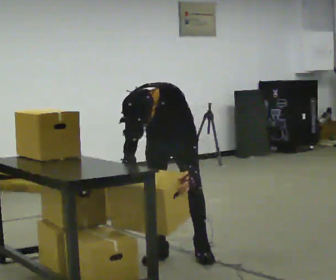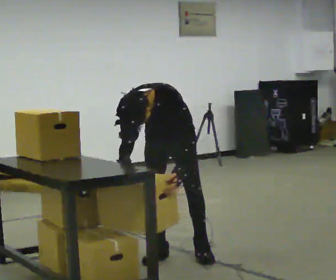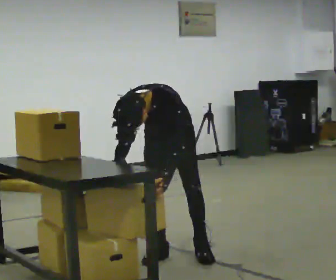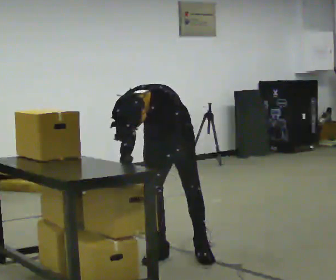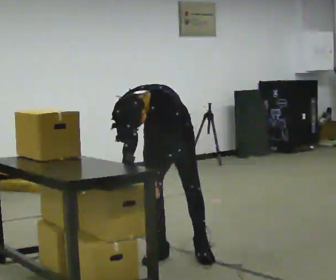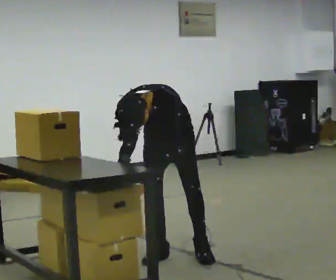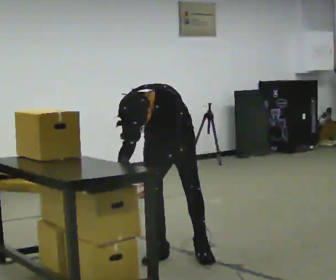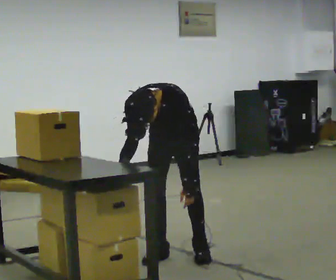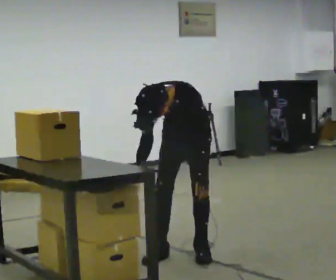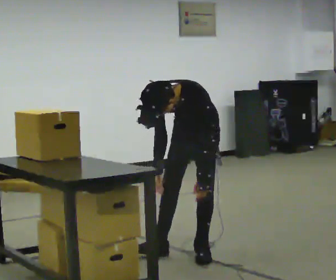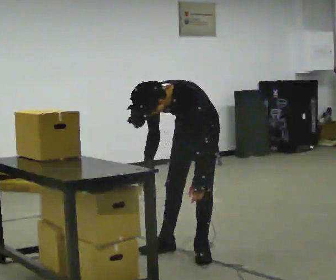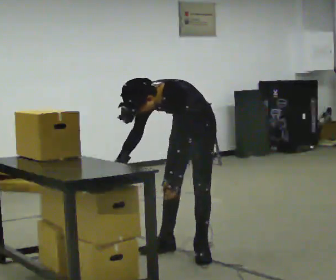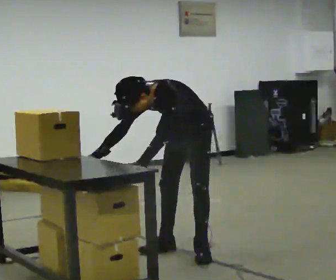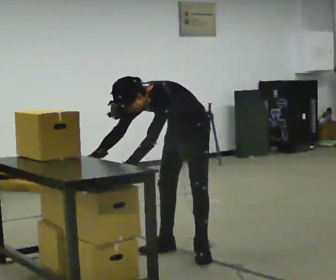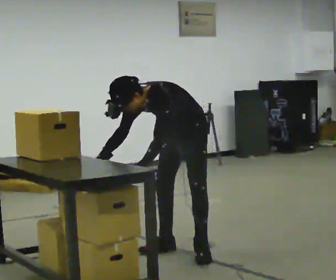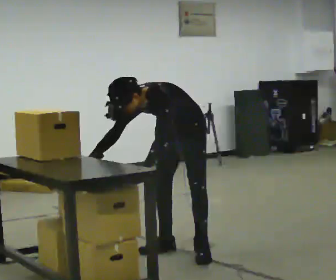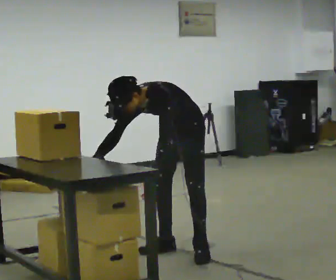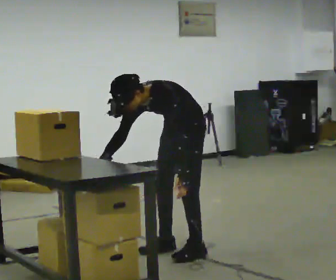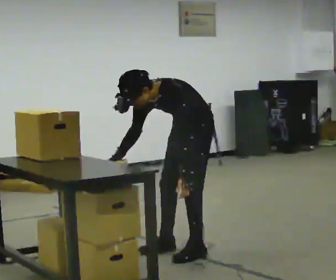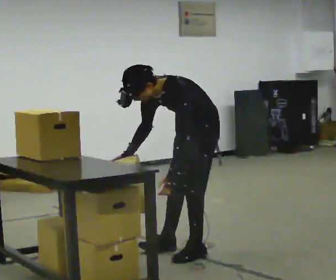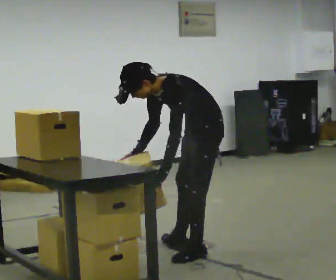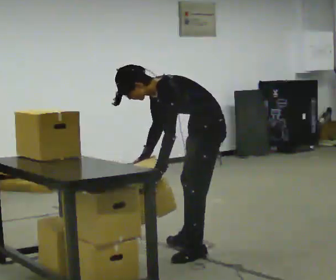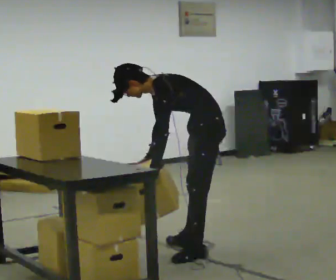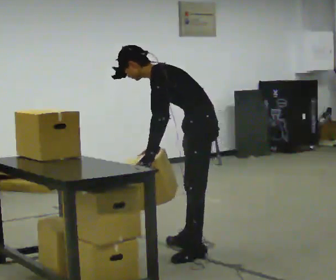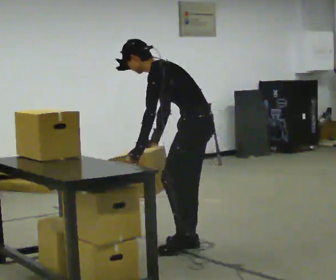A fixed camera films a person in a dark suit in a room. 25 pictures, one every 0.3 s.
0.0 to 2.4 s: The person moves a little, or ends about where they began.
2.4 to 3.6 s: In the picture the upper body tilts counterclockwise, shoulders to the left. In the picture their left hand goes to the left.
3.6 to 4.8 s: The person moves a little, or ends about where they began.
4.8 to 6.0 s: The person turns about 30 degrees to their right, clockwise seen from above, so the part of the body nearest the lens slides to the left. In the picture they go toward the camera and to the right, about 0.25 m, which for them is to their left. The upper body tips away from the camera, its near side rolling upward.
6.0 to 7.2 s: Seen from above the body turns clockwise, about 30 degrees: to their right, with its near side sliding to the left. The upper body tips away from the camera, its near side rolling upward, as they lean back or straighten.
The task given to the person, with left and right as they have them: Take the boxes off the top, get the one from the bottom, carry it away, then put the others back. Keep going until the operator says stop; one object at a time, and do not rush between trips.
The film runs forward here.
